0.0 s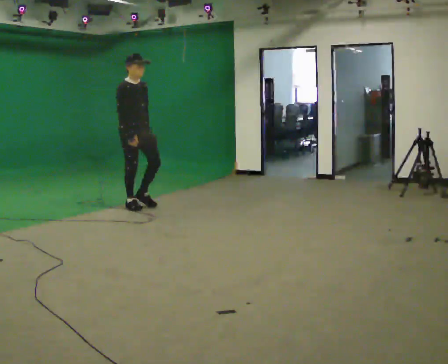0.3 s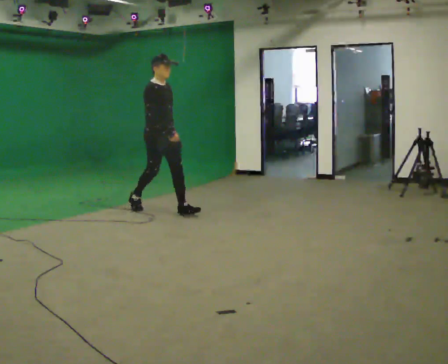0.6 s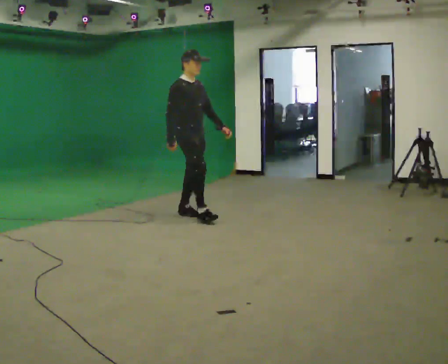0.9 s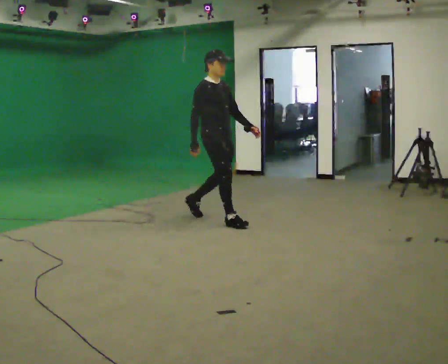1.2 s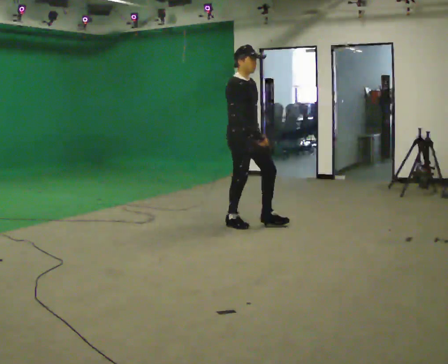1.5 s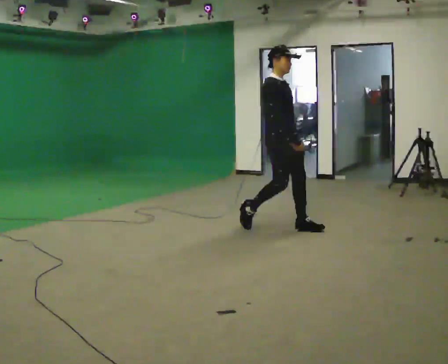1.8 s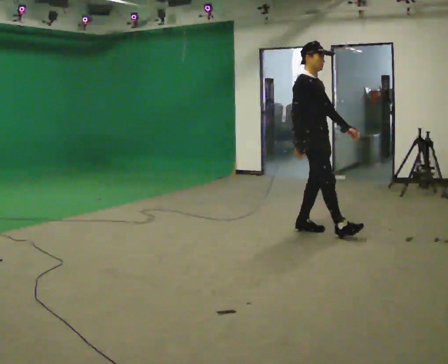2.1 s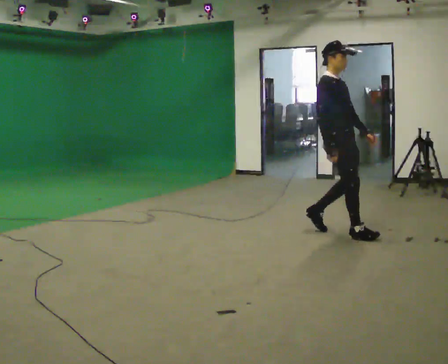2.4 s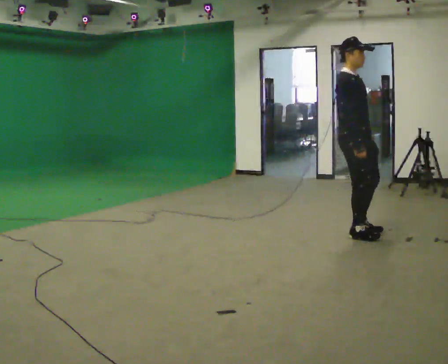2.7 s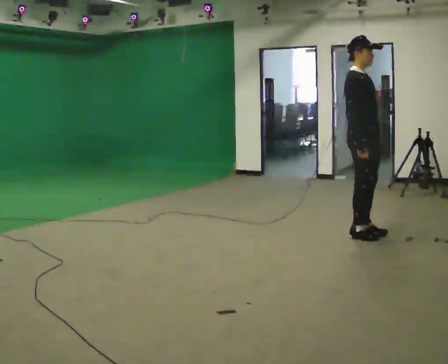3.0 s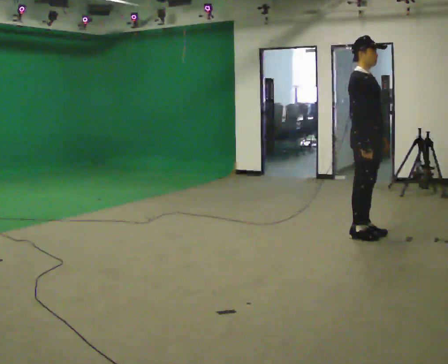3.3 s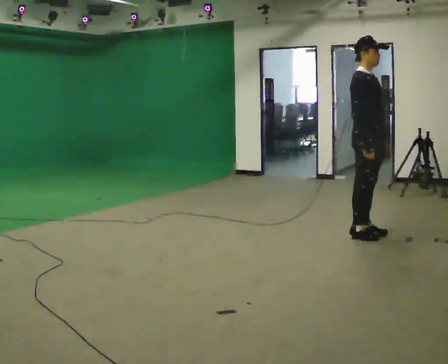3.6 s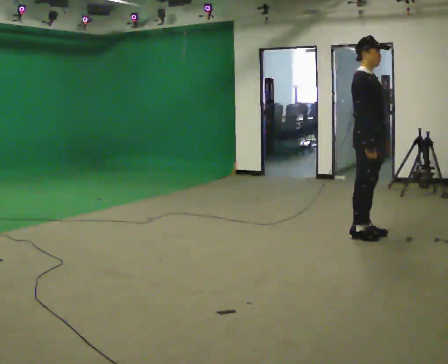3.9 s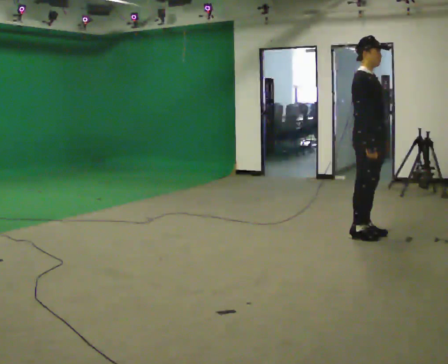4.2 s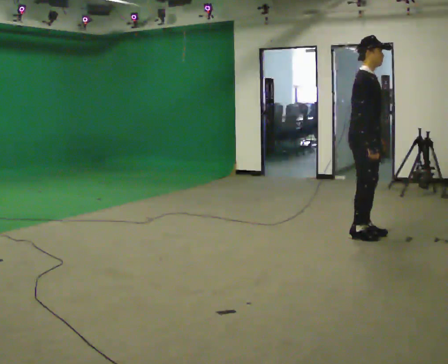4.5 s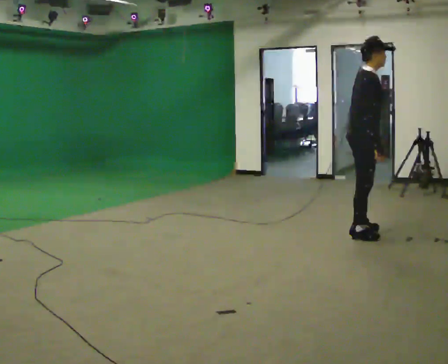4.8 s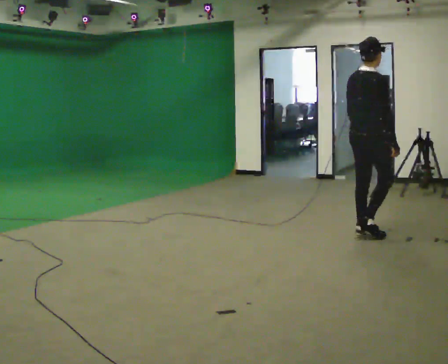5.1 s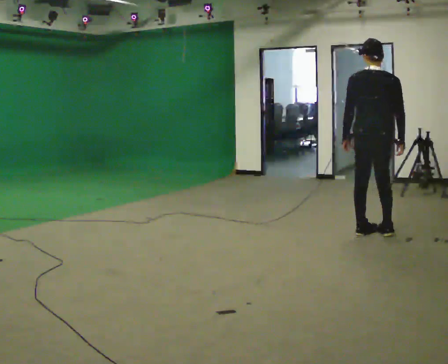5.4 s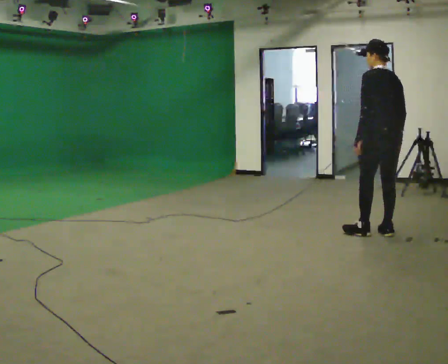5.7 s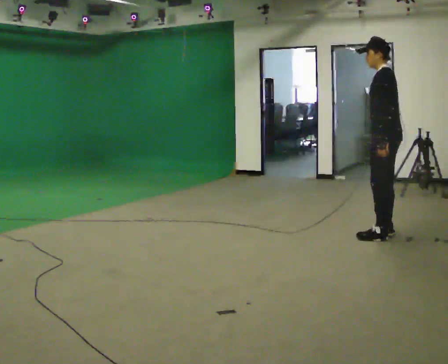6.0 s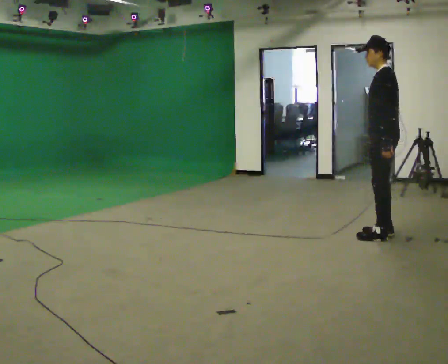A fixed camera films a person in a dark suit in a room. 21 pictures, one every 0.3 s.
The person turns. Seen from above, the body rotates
counterclockwise.
The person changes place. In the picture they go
to the right.
0.0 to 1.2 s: In the picture they go to the right, about 1.5 m in 2 steps, which for them is forward.
1.2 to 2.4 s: In the picture they go to the right, about 1 m in 2 steps, which for them is forward.
2.4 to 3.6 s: The person moves a little, or ends about where they began.
3.6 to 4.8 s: The person turns about 60 degrees to their left, counterclockwise seen from above, so the part of the body nearest the lens slides to the right.
4.8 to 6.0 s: The part of the body nearest the lens slides to the right as the person turns to their left by about 135 degrees. In the picture they go to the right, about 0.25 m in 2 steps.
The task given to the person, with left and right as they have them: Stand still 2 s; begin walking naturally; walk forward; stop.
The film runs forward here.
